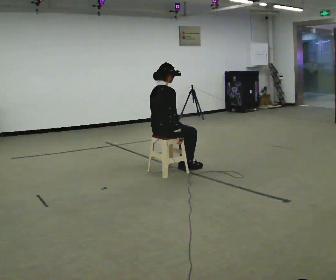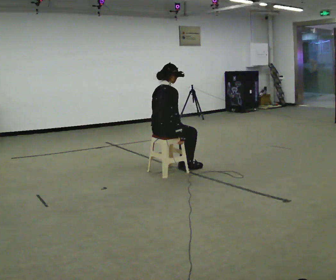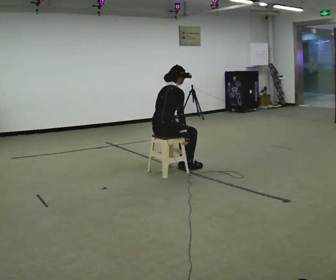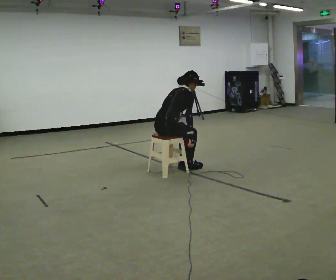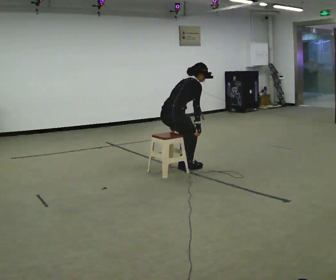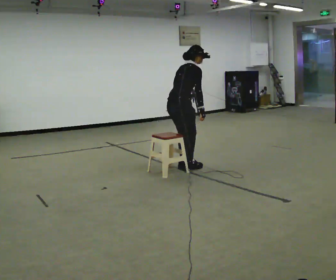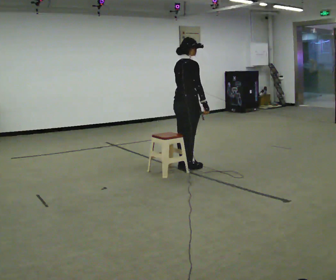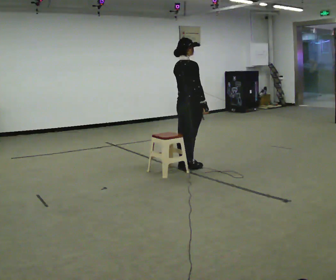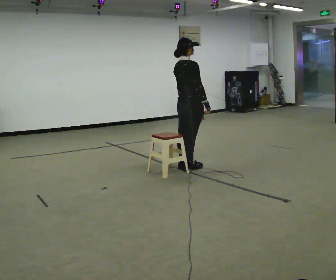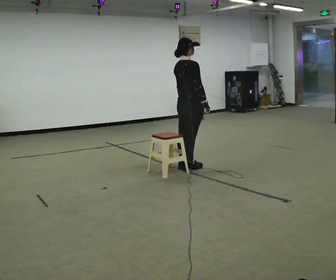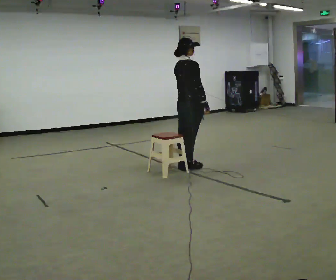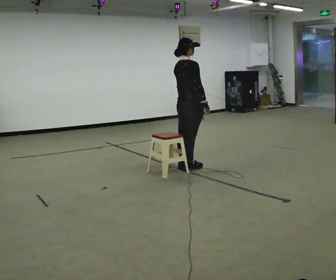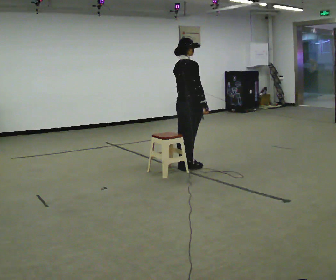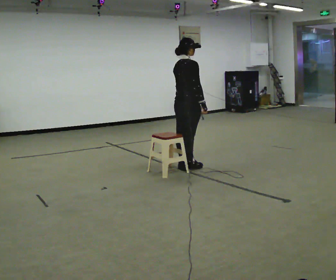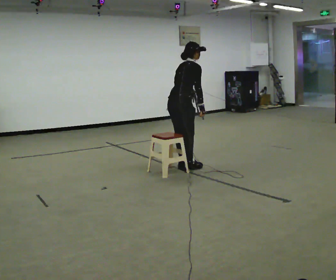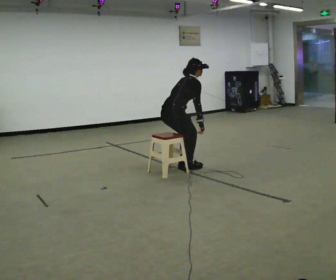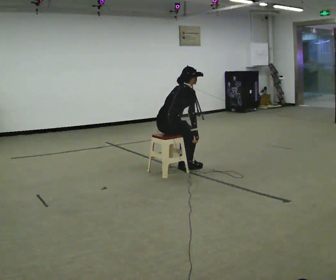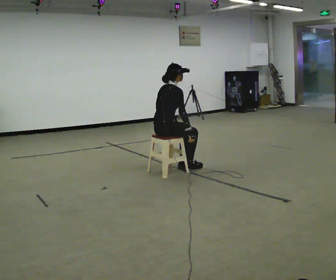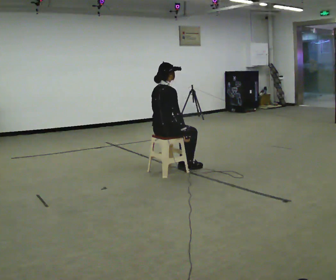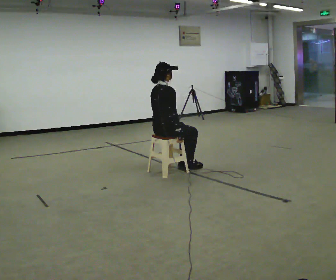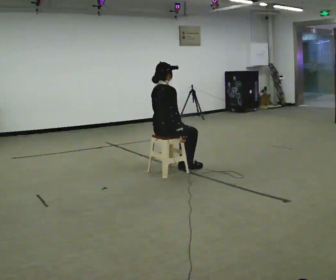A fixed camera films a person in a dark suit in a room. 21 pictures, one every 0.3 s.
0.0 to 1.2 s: In the picture the upper body tilts clockwise, shoulders to the right, as they bend forward.
1.2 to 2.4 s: In the picture they go to the right, about 0.25 m, which for them is forward. The upper body goes upward. In the picture the upper body tilts counterclockwise, shoulders to the left, as they lean back or straighten.
2.4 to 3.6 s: The person keeps their place and pose.
3.6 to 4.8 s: In the picture they go to the left and toward the camera, about 0.25 m, which for them is backward. The upper body goes downward. In the picture the upper body tilts clockwise, shoulders to the right, as they bend forward. In the picture their right hand goes downward.
4.8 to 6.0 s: In the picture the upper body tilts counterclockwise, shoulders to the left, as they lean back or straighten.
The film runs forward here.
